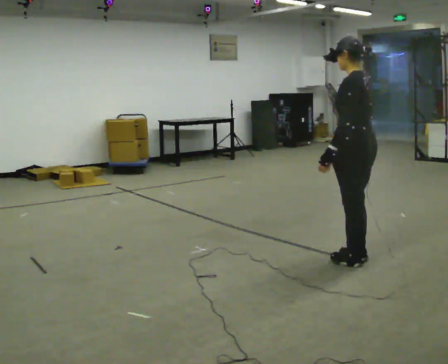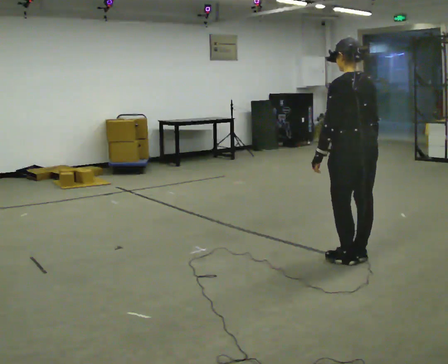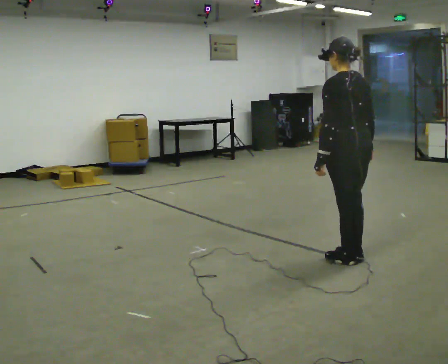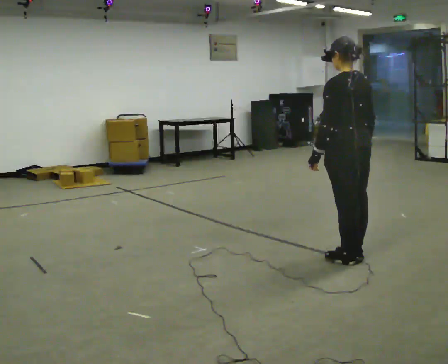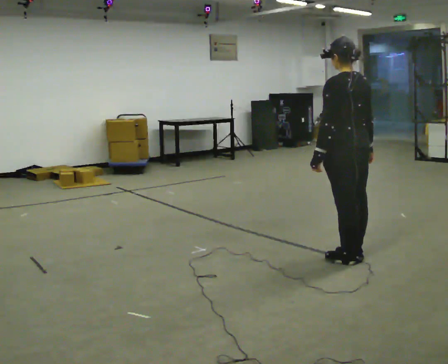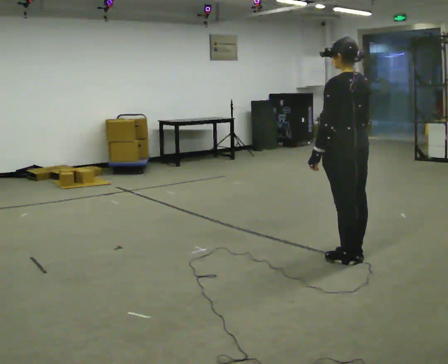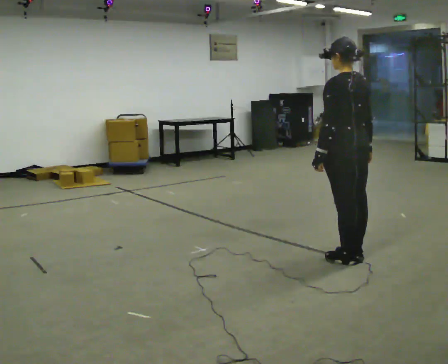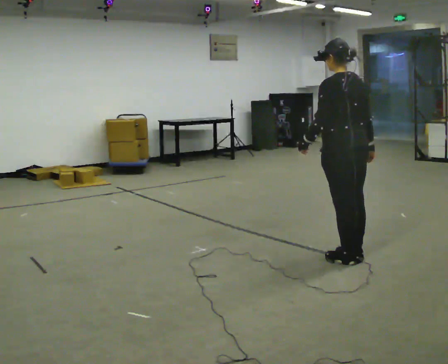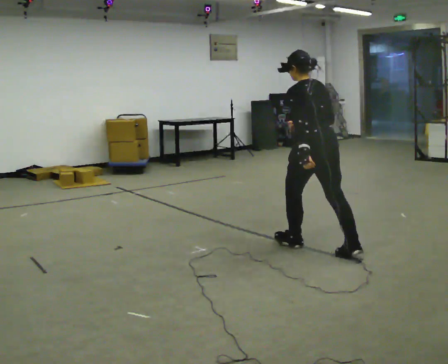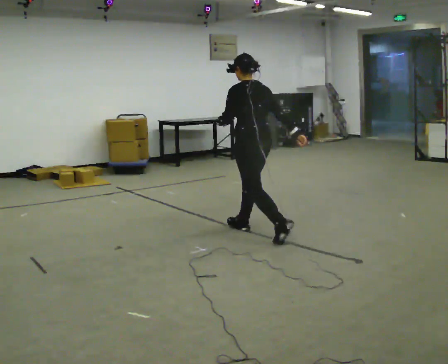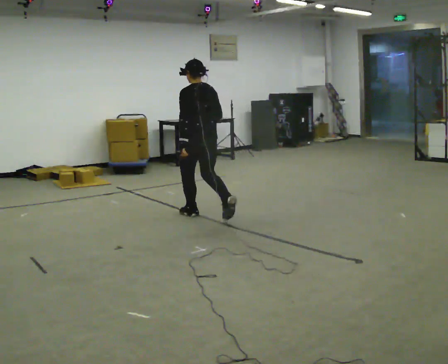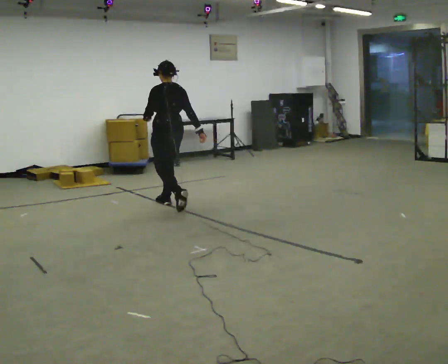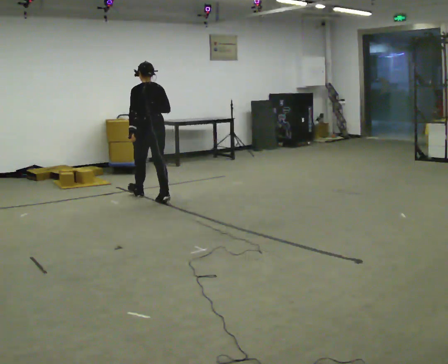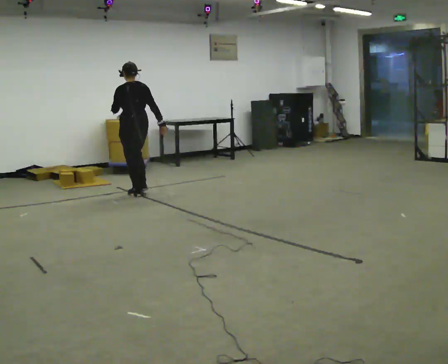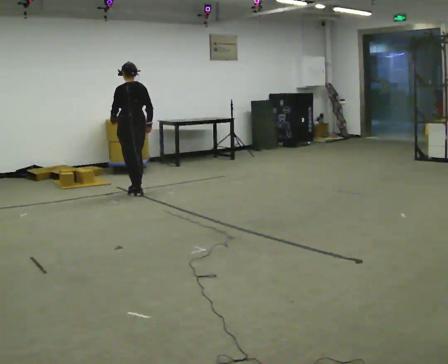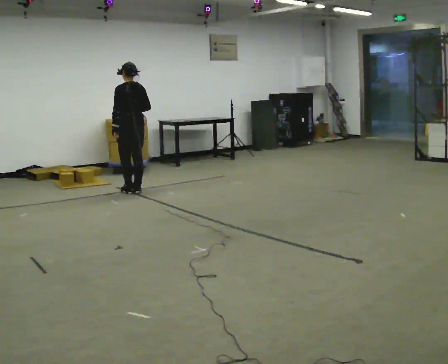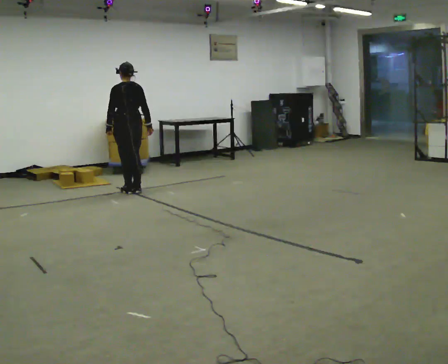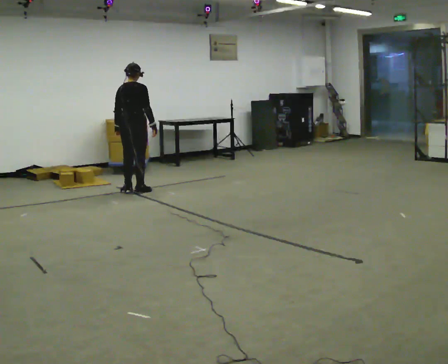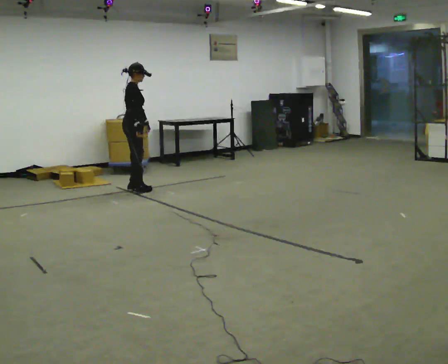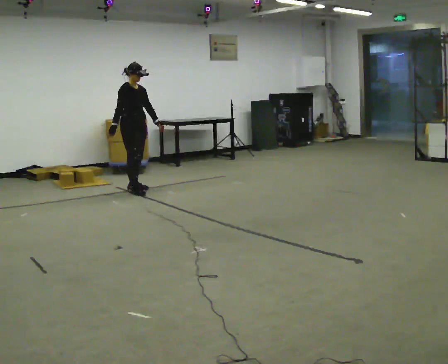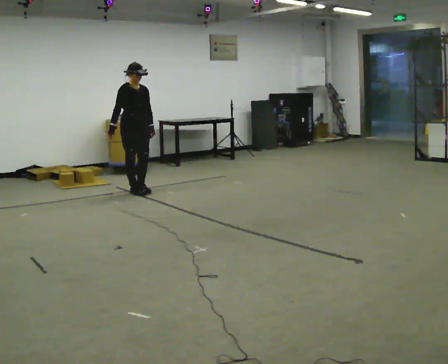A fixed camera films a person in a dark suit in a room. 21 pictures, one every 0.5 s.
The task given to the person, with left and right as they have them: Start at normal speed; gradually slow over several steps; stop gently.
0.0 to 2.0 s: The person moves a little, or ends about where they began.
2.0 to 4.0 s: In the picture they go away from the camera and to the left, about 0.5 m in 1 step, which for them is forward.
4.0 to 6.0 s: In the picture they go away from the camera and to the left, about 2.5 m in 4 steps, which for them is forward.
6.0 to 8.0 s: In the picture they go away from the camera and to the left, about 0.5 m in 2 steps, which for them is forward.
8.0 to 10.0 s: The part of the body nearest the lens slides to the left as the person turns to their right by about 165 degrees. In the picture their right hand goes to the left, the arm swinging clockwise.
The film runs forward here.
